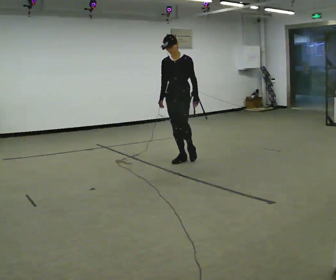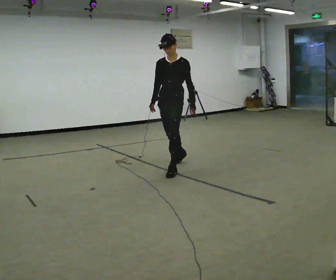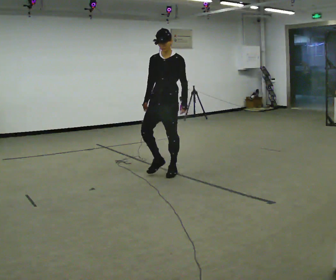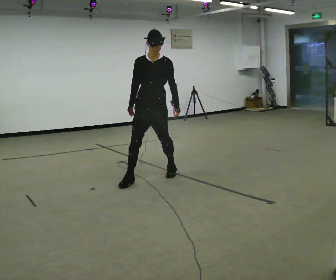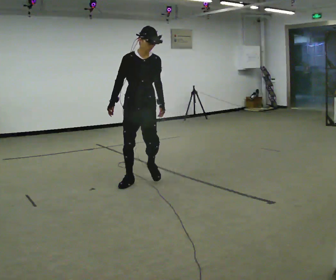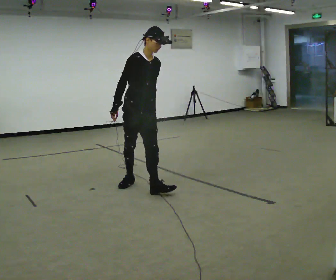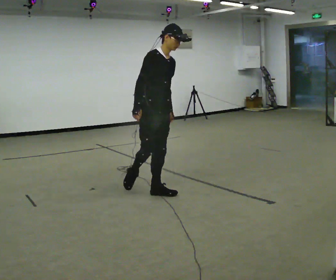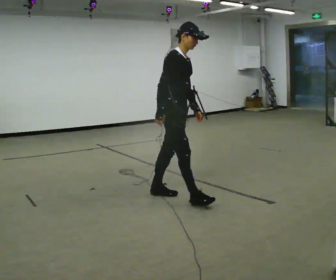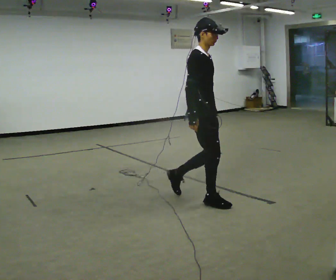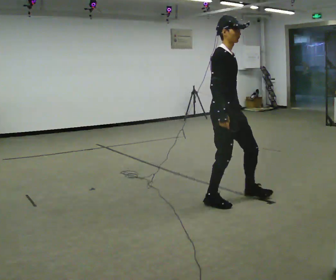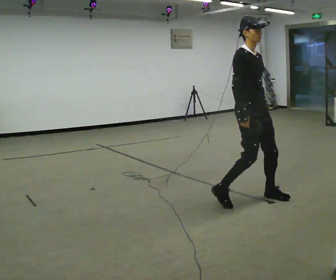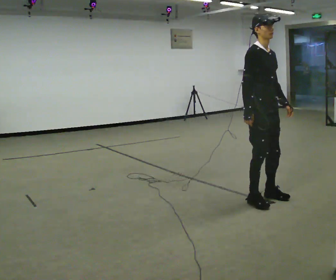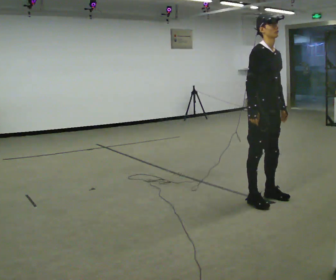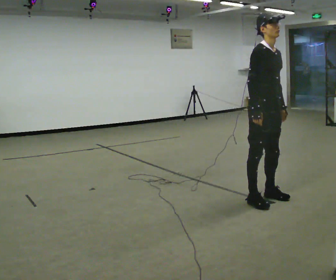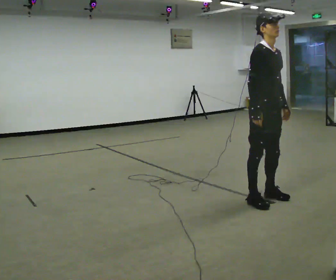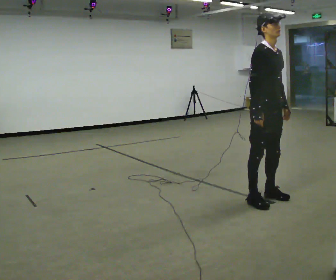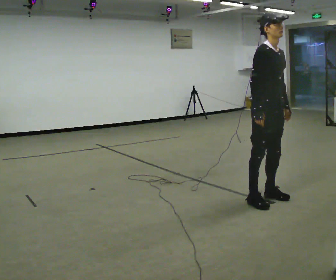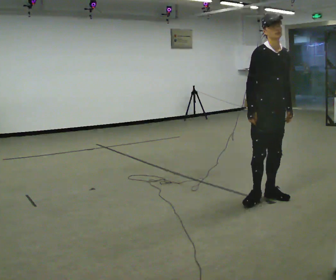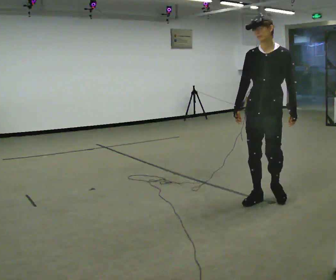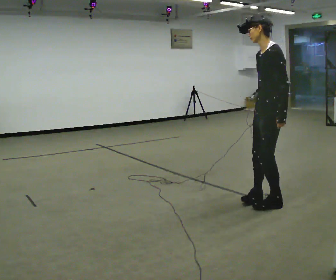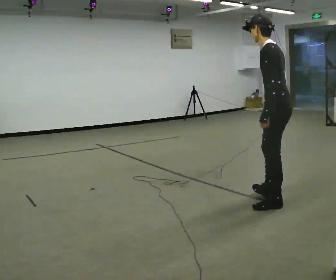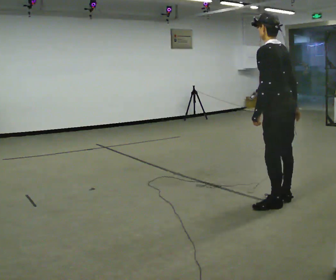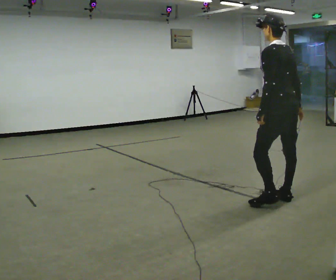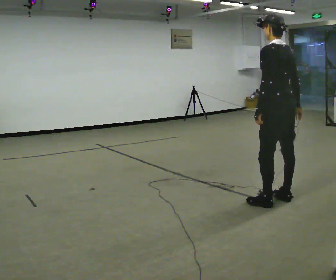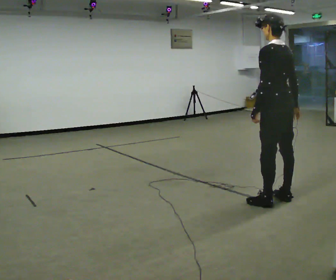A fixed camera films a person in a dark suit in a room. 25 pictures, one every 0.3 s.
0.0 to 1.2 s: The part of the body nearest the lens slides to the right as the person turns to their left by about 30 degrees. In the picture they go toward the camera, about 1 m in 2 steps, which for them is forward.
1.2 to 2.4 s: Seen from above the body turns counterclockwise, about 60 degrees: to their left, with its near side sliding to the right. In the picture they go to the right and toward the camera, about 1 m in 2 steps, which for them is forward.
2.4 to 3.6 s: Seen from above the body turns clockwise, about 30 degrees: to their right, with its near side sliding to the left. In the picture they go to the right, about 0.5 m in 2 steps, which for them is forward and to their left.
3.6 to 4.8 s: The person moves a little, or ends about where they began.
4.8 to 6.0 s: The part of the body nearest the lens slides to the left as the person turns to their right by about 165 degrees. In the picture the upper body tilts counterclockwise, shoulders to the left.
6.0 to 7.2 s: The person moves a little, or ends about where they began.
The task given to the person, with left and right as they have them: Follow S-shaped path continuously; no stopping between curves.
The film runs forward here.
